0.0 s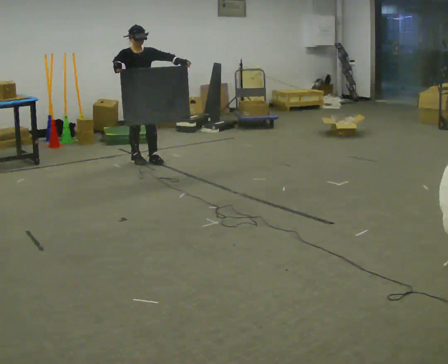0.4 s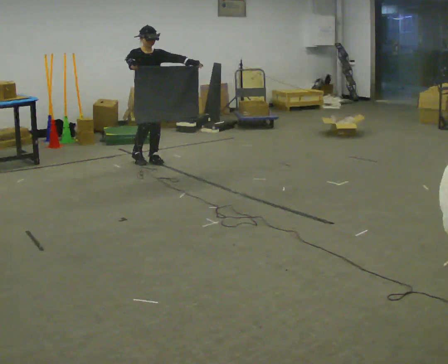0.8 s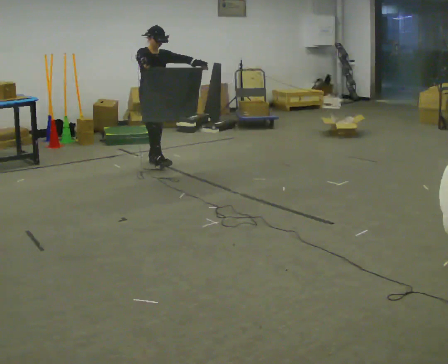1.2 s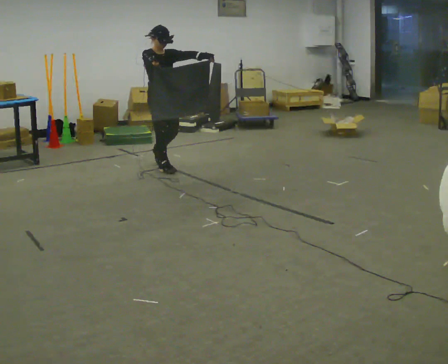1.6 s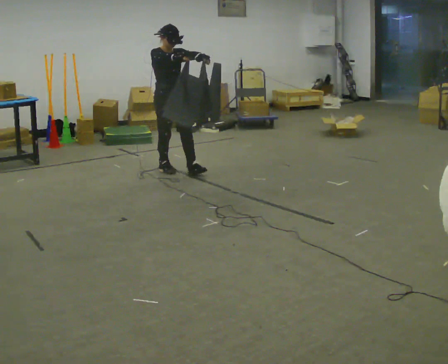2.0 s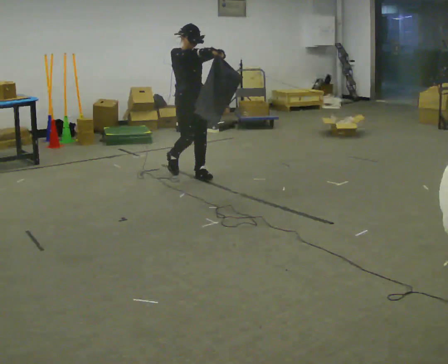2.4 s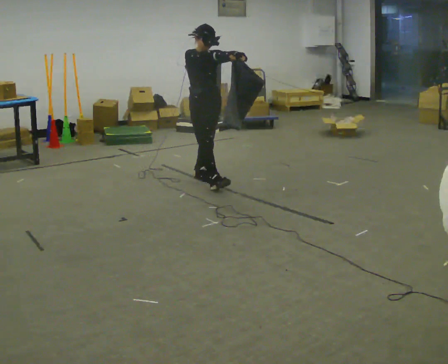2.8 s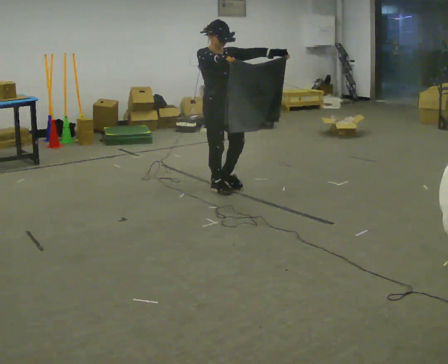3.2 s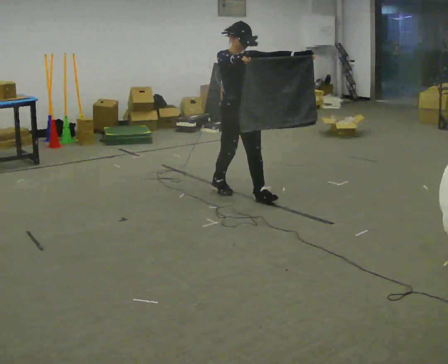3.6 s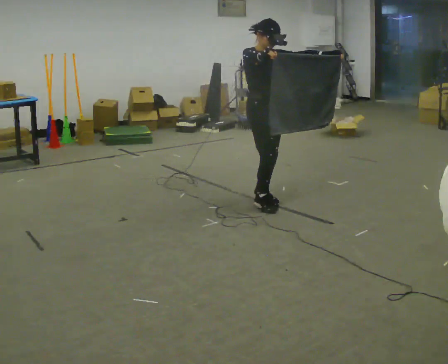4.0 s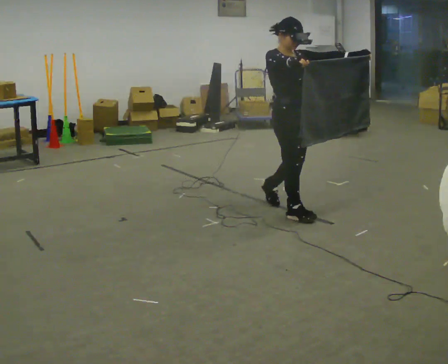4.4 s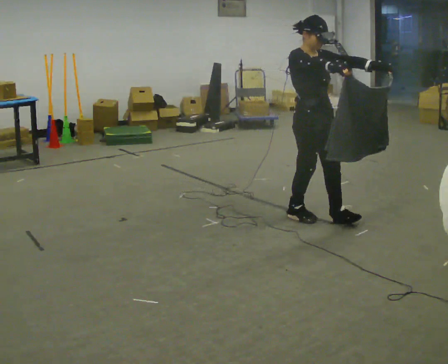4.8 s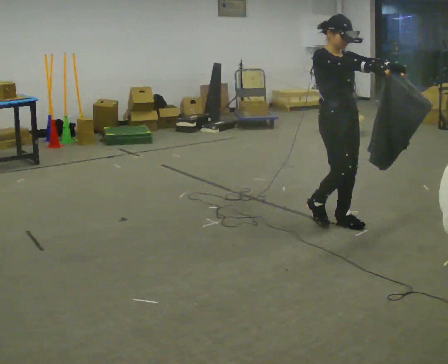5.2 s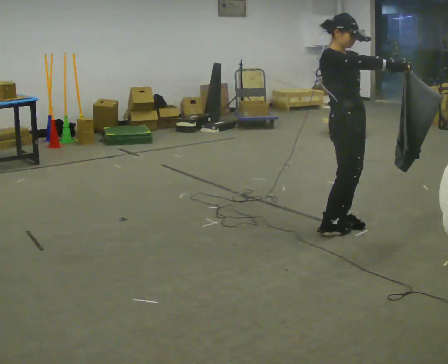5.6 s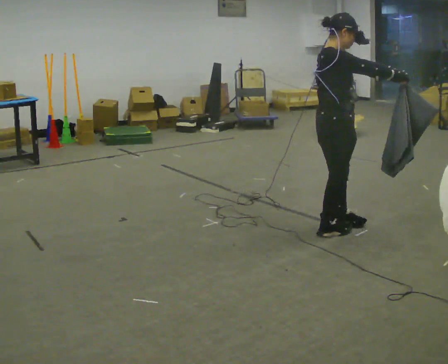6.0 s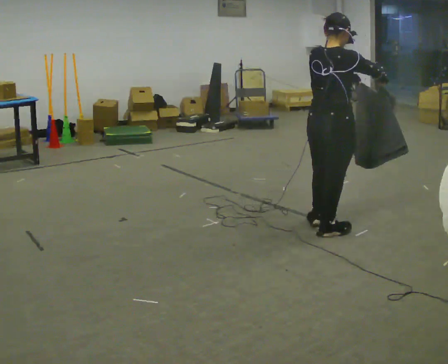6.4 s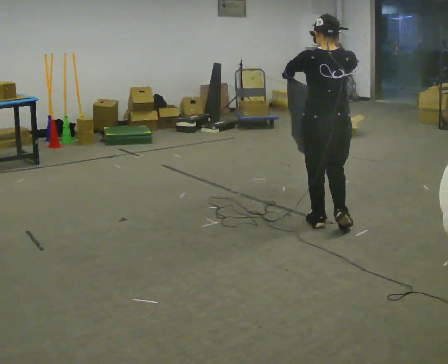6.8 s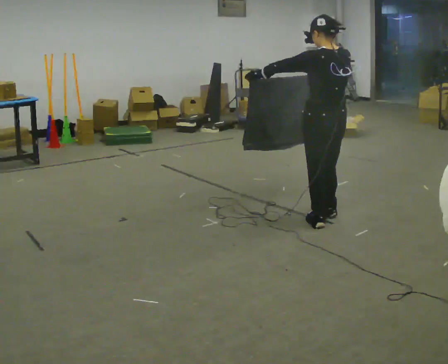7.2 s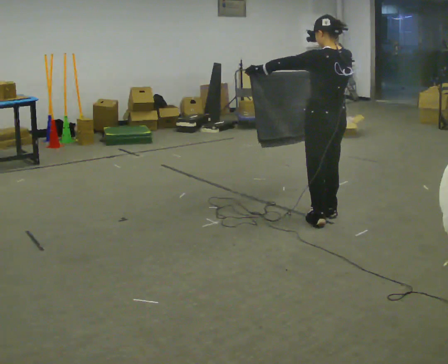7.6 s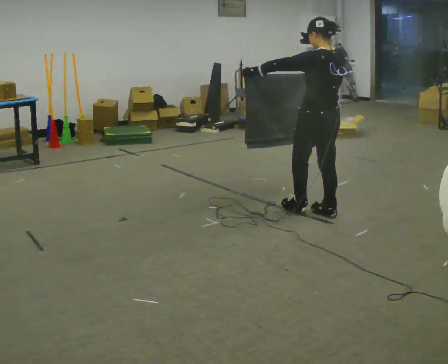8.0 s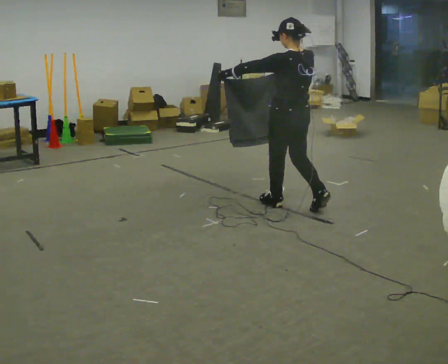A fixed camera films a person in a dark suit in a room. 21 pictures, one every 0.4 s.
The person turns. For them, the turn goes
to their left.
The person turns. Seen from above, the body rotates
counterclockwise.
0.0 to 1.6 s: In the picture they go to the right and toward the camera, about 0.5 m in 1 step, which for them is forward.
1.6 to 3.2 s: In the picture they go toward the camera and to the right, about 1 m in 3 steps, which for them is forward.
3.2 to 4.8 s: In the picture they go to the right and toward the camera, about 1 m in 2 steps, which for them is forward.
4.8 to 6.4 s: Seen from above the body turns counterclockwise, about 135 degrees: to their left, with its near side sliding to the right. In the picture their left hand goes to the left.
6.4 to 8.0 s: The part of the body nearest the lens slides to the right as the person turns to their left by about 30 degrees. In the picture they go away from the camera and to the left, about 0.5 m in 2 steps, which for them is forward.
The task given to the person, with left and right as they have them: Carry the cloth and, while walking, fold it in half, then unfold it. Keep repeating as you walk. Do not stop.
The film runs forward here.
